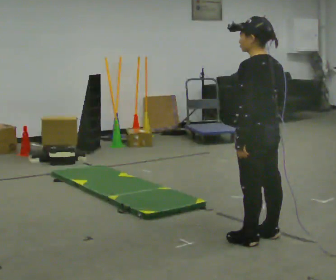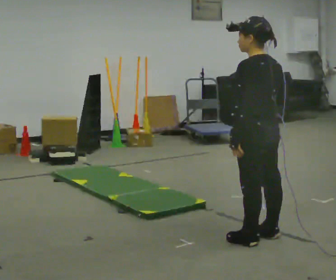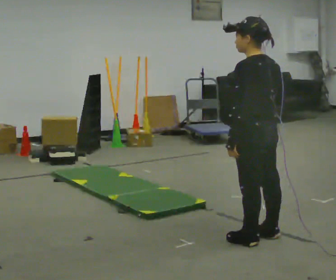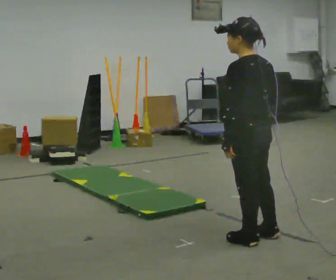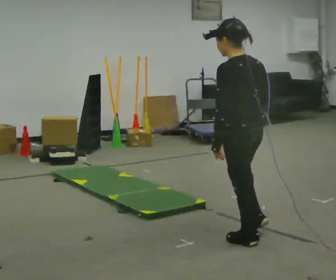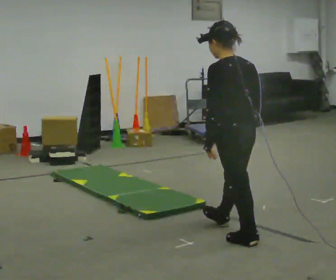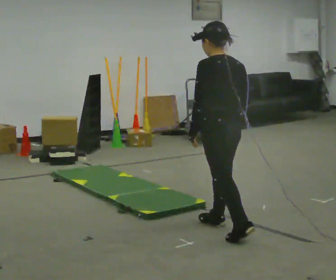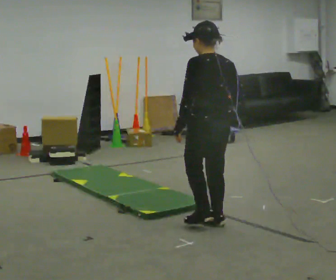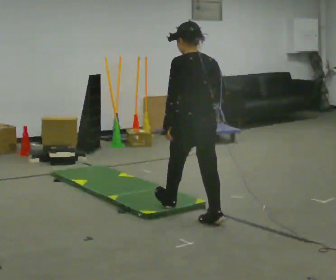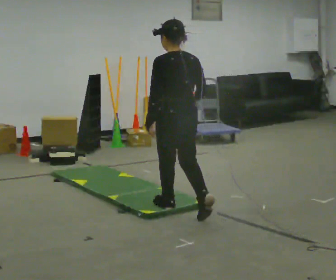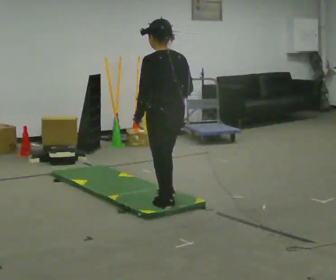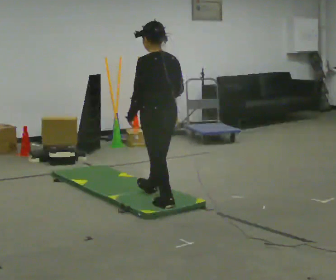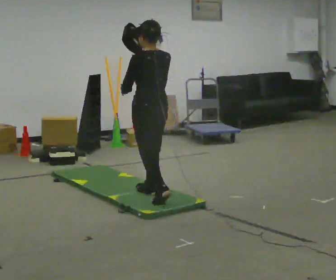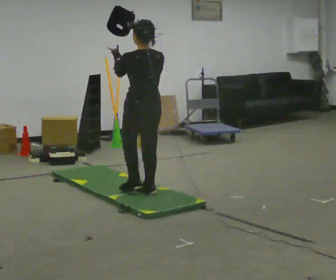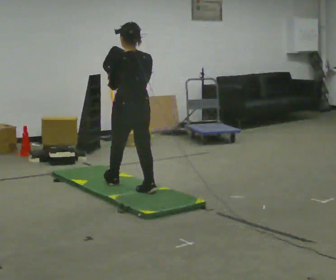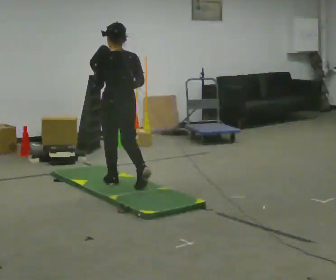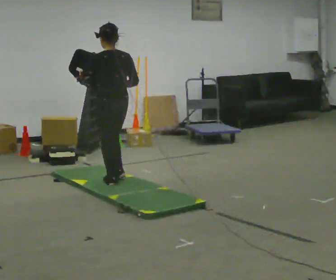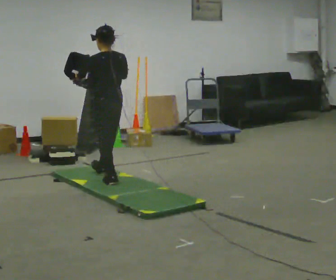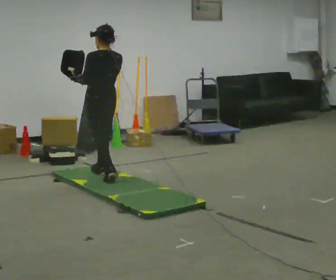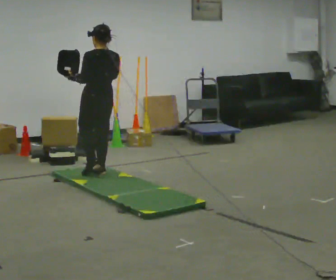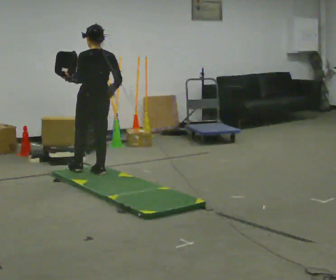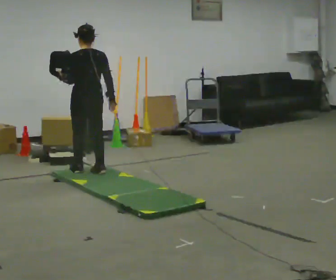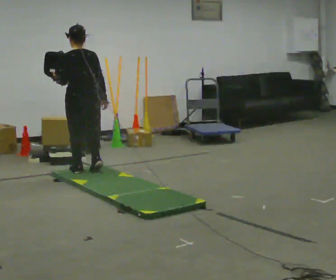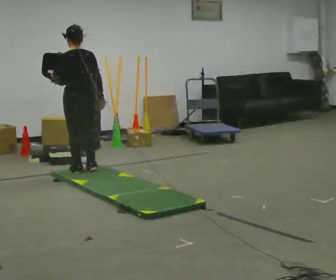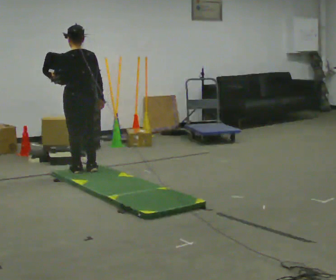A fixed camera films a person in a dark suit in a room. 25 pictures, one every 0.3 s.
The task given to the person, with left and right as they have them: Hold the object and walk back and forth. It may slip. Try to catch it if you can, but let it go rather than lurching after it.
0.0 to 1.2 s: The person moves a little, or ends about where they began.
1.2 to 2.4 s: In the picture they go away from the camera and to the left, about 0.5 m in 2 steps, which for them is forward.
2.4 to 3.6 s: In the picture they go away from the camera and to the left, about 0.75 m in 1 step, which for them is forward. In the picture their right hand goes upward.
3.6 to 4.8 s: In the picture they go away from the camera and to the left, about 0.5 m in 1 step, which for them is forward.
4.8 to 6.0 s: In the picture they go away from the camera and to the left, about 0.5 m in 2 steps, which for them is forward.
6.0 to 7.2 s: In the picture they go to the left, about 0.25 m in 1 step, which for them is forward.
The film runs forward here.
